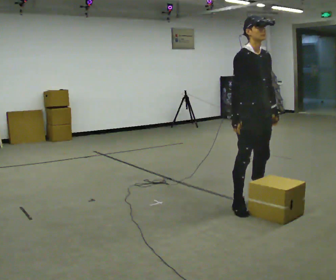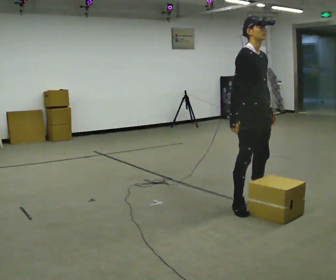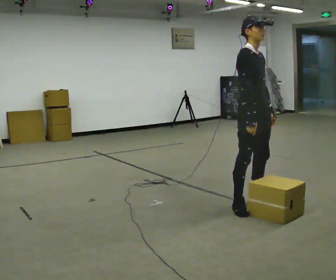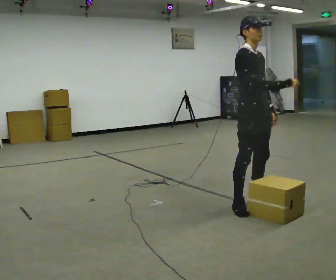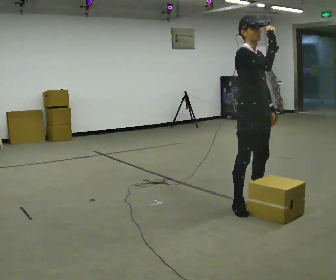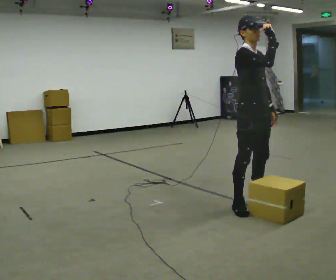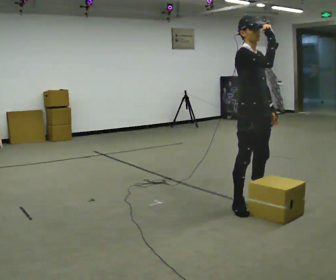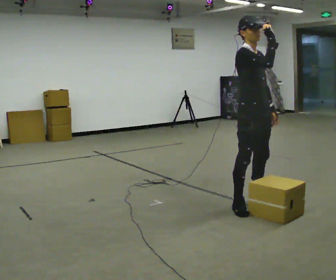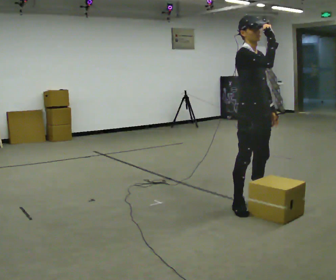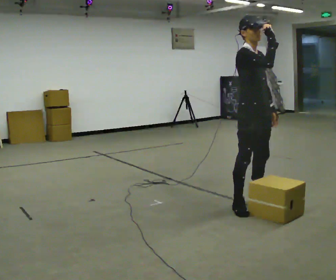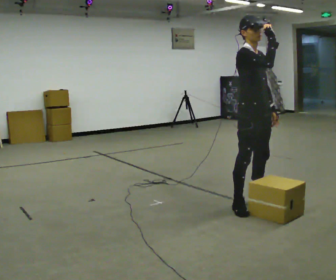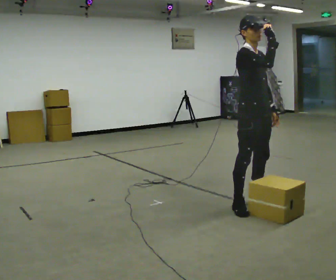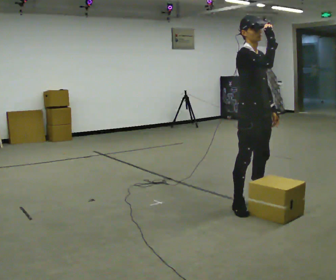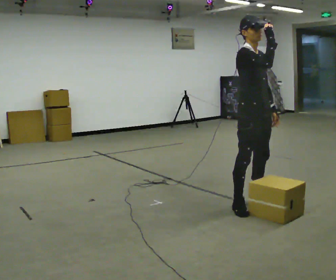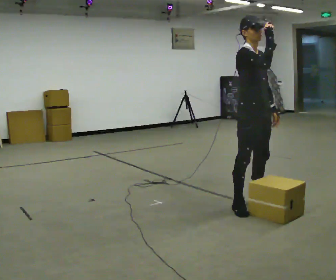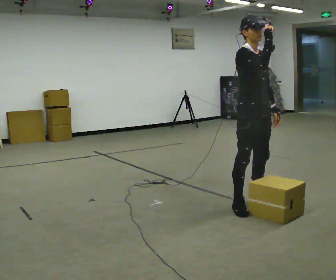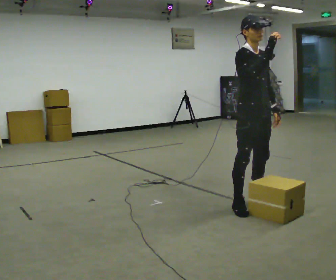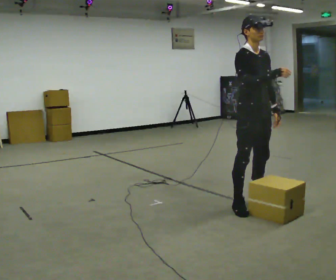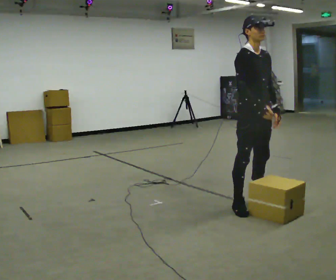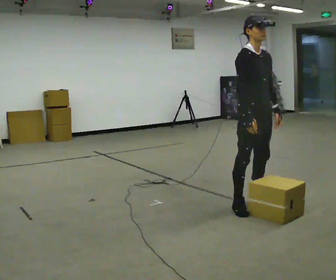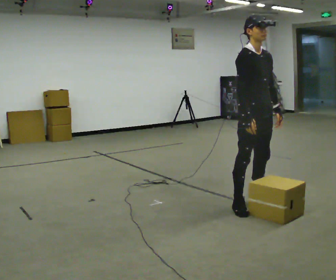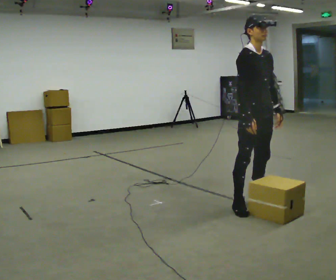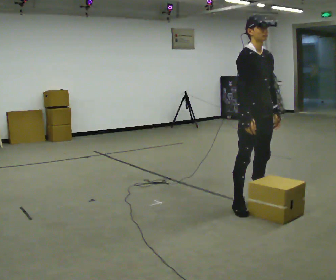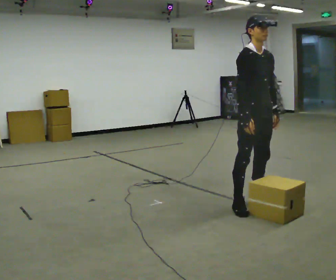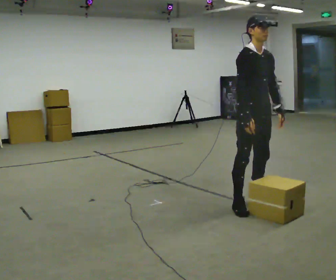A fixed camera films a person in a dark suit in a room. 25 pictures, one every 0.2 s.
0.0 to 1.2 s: In the picture their right hand goes upward.
1.2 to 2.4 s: The person keeps their place and pose.
2.4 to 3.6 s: In the picture their right hand goes downward.
3.6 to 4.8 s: The person moves a little, or ends about where they began.
The film runs backward here.
